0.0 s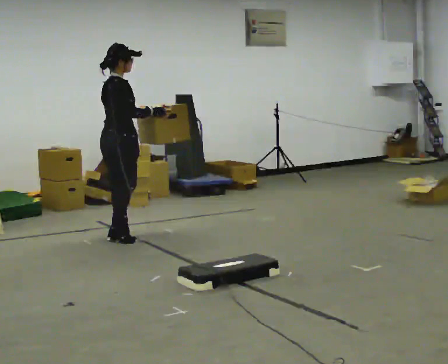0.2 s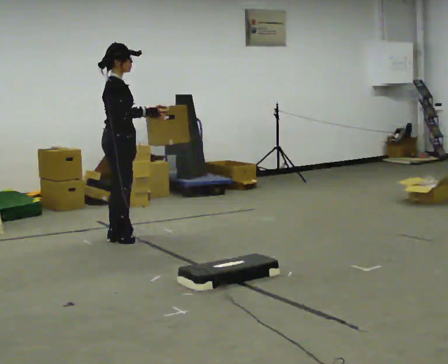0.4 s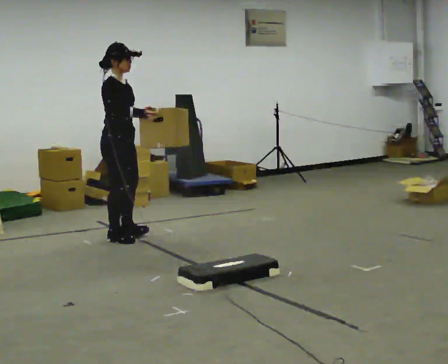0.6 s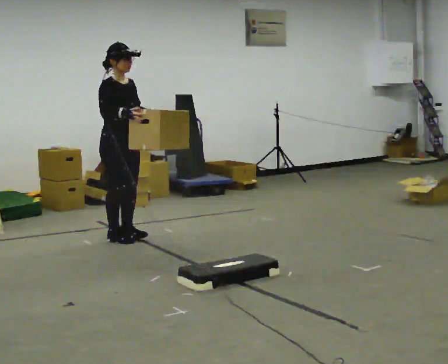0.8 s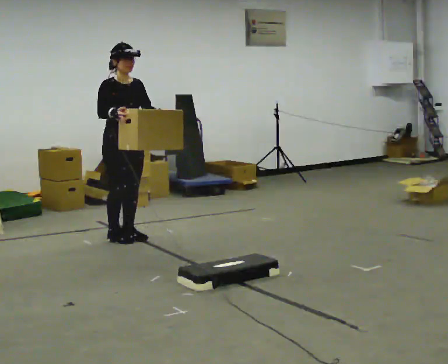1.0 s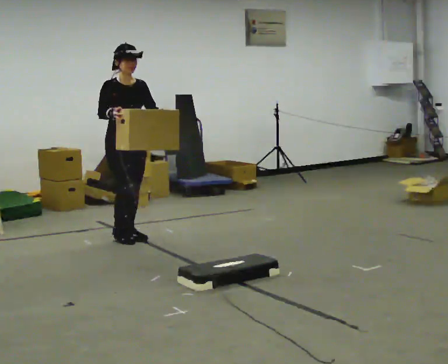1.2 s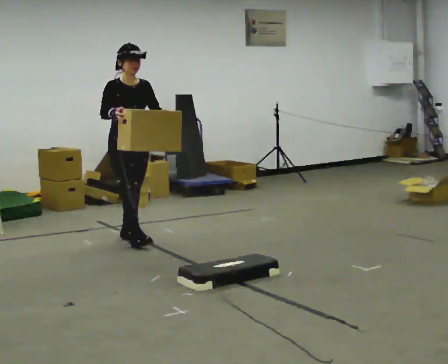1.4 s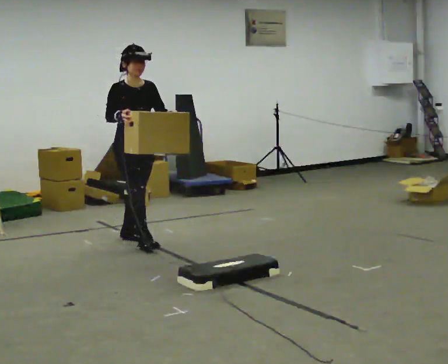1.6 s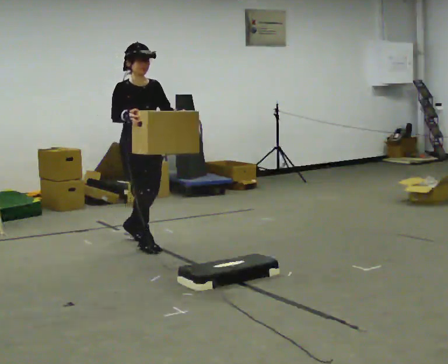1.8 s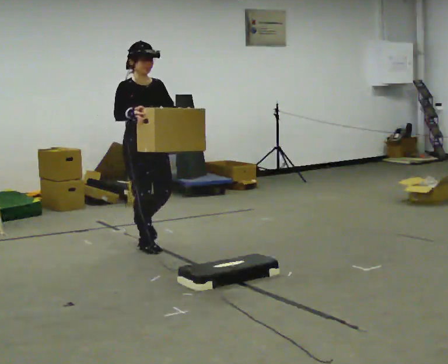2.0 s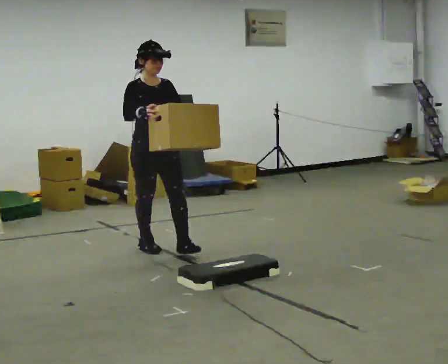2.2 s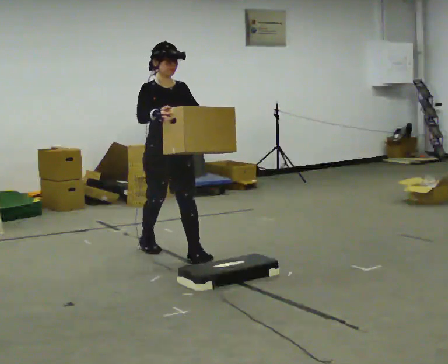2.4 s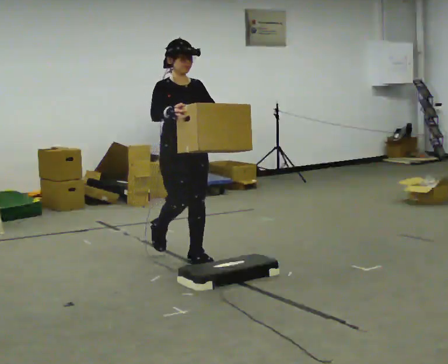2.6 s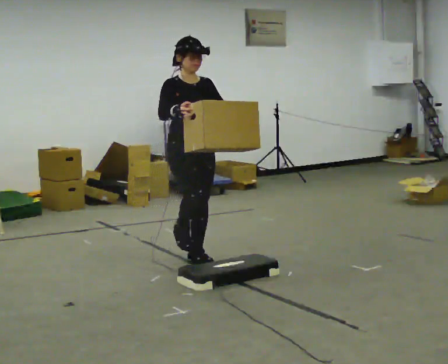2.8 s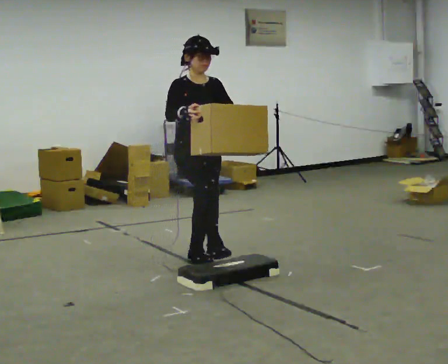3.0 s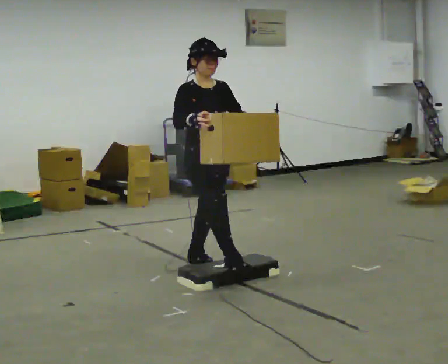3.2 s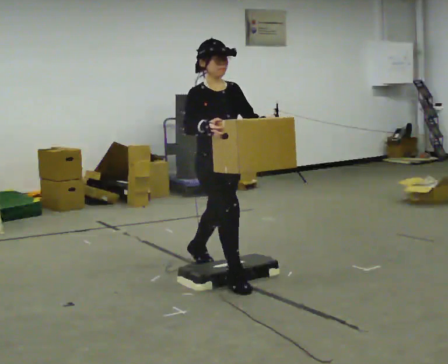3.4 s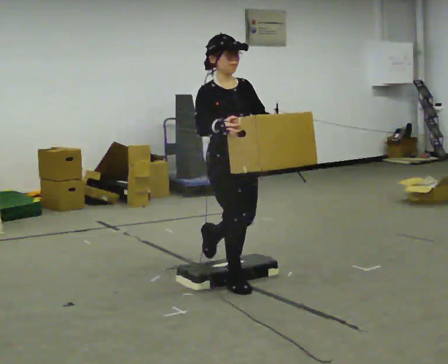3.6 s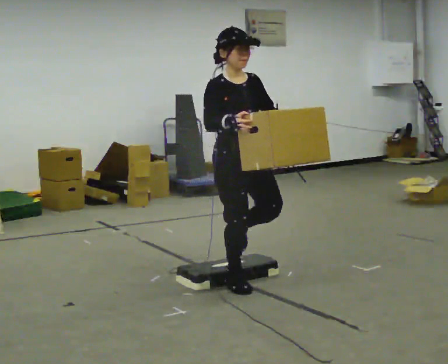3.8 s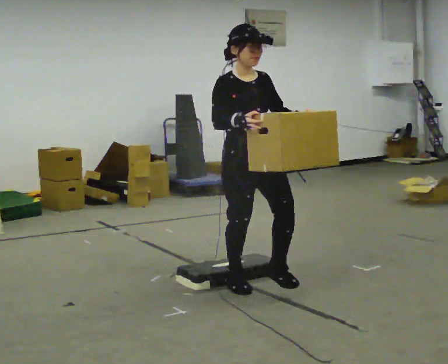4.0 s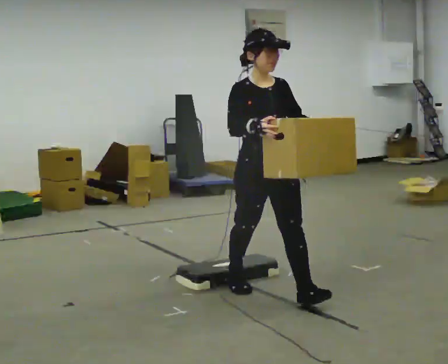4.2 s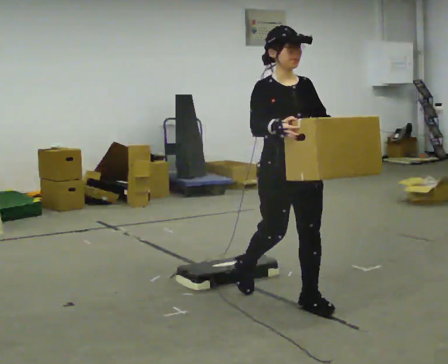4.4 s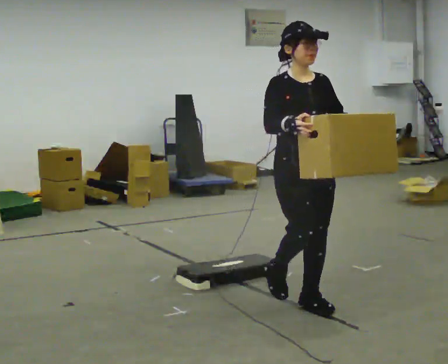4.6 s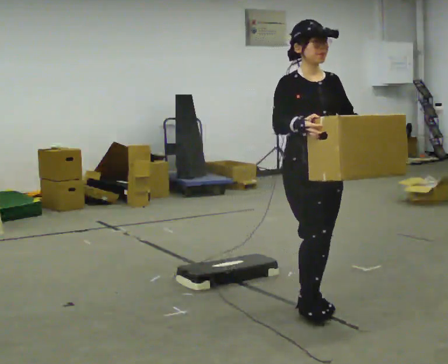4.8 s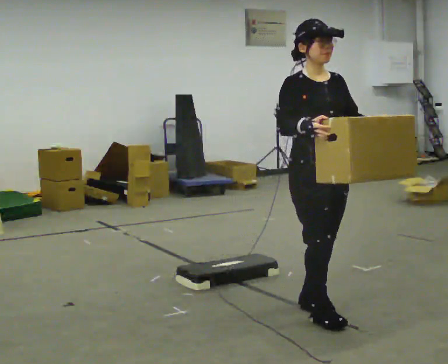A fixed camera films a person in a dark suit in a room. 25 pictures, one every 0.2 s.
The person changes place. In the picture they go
toward the camera.
0.0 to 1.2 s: Seen from above the body turns clockwise, about 90 degrees: to their right, with its near side sliding to the left. In the picture their left hand goes to the right.
1.2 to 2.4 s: In the picture they go toward the camera and to the right, about 1 m in 2 steps, which for them is forward.
2.4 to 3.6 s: In the picture they go toward the camera and to the right, about 1 m in 1 step, which for them is forward.
3.6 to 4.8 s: In the picture they go toward the camera and to the right, about 0.75 m in 2 steps, which for them is forward.
The film runs forward here.
